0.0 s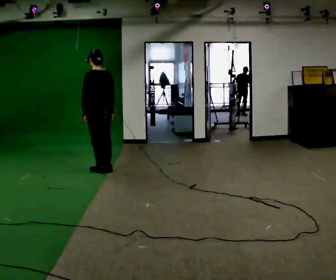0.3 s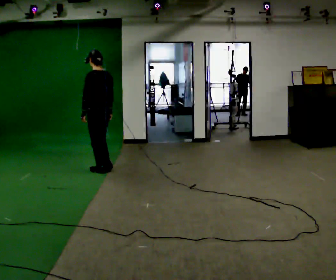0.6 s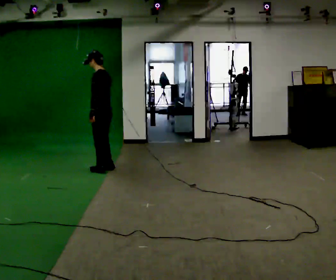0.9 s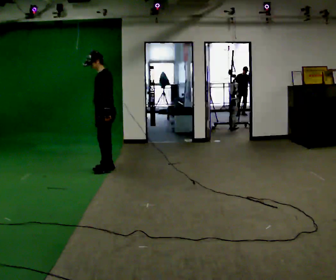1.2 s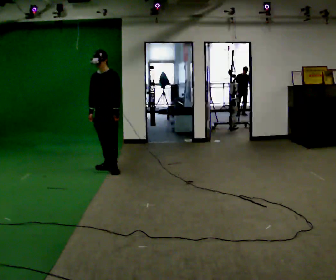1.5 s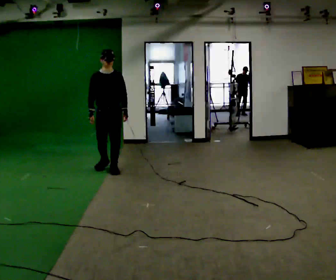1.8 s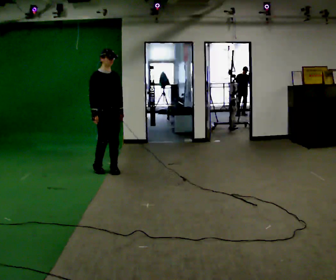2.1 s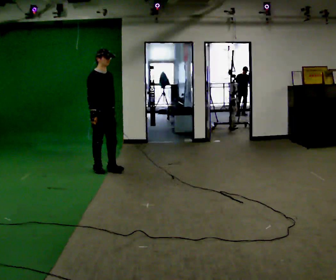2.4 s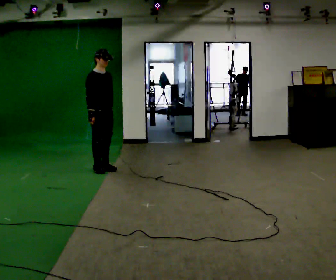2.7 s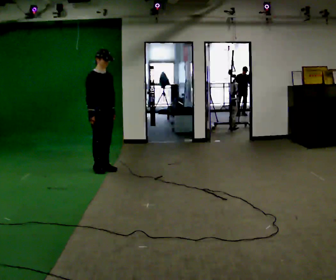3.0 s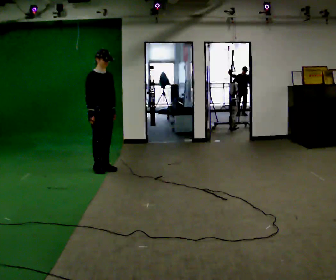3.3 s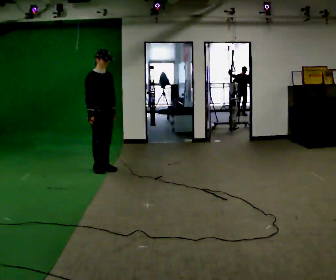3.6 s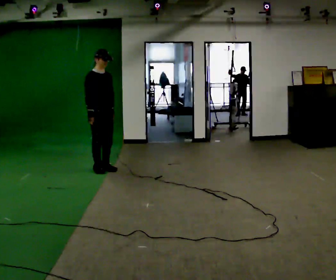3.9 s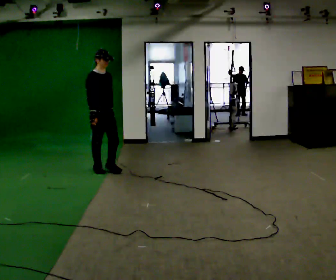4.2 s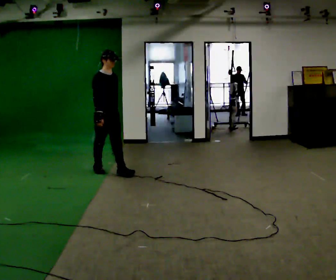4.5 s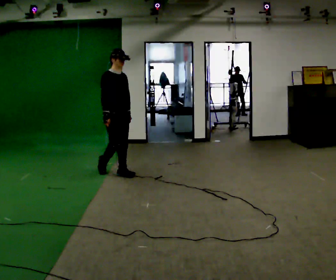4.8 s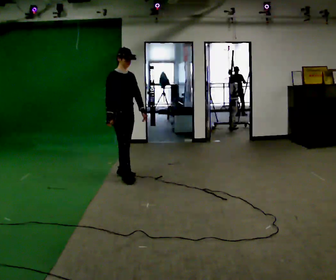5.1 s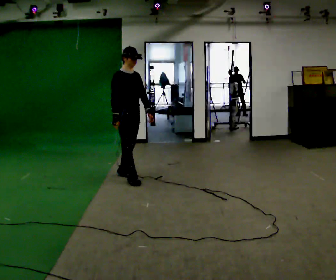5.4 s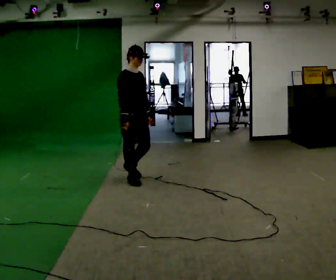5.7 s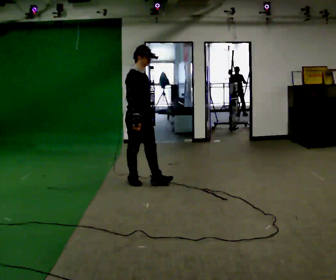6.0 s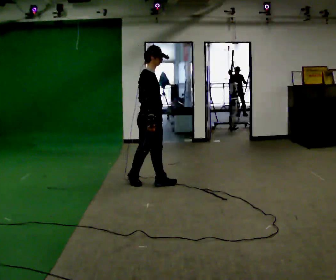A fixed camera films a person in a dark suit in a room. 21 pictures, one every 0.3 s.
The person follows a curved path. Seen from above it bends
counterclockwise.
The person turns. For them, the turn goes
to their left.
0.0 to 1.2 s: The person turns about 105 degrees to their left, counterclockwise seen from above, so the part of the body nearest the lens slides to the right. In the picture their left hand goes to the right.
1.2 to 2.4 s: The part of the body nearest the lens slides to the right as the person turns to their left by about 75 degrees.
2.4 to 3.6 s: The person moves a little, or ends about where they began.
3.6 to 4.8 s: In the picture they go to the right and toward the camera, about 0.5 m in 1 step, which for them is forward.
4.8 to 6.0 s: The person turns about 30 degrees to their left, counterclockwise seen from above, so the part of the body nearest the lens slides to the right. In the picture they go toward the camera and to the right, about 0.5 m in 2 steps, which for them is forward.
The film runs forward here.
